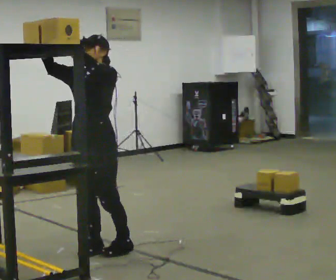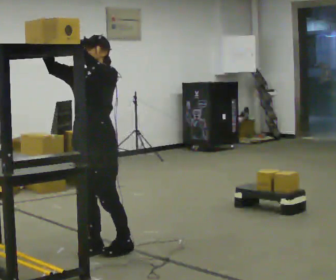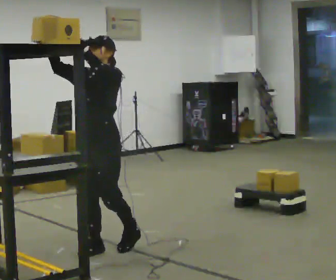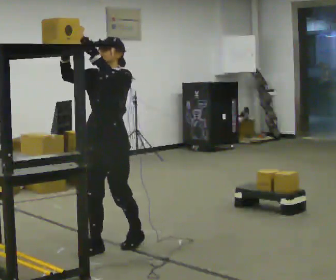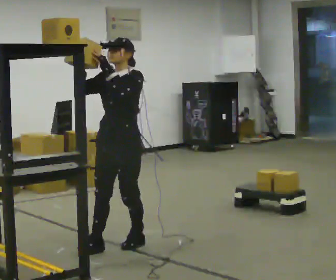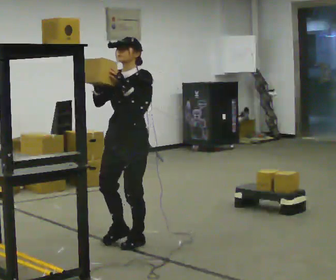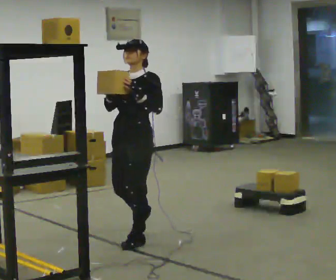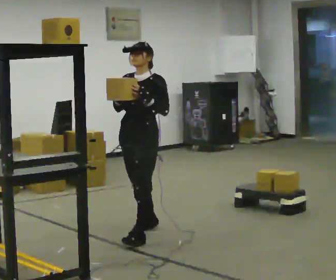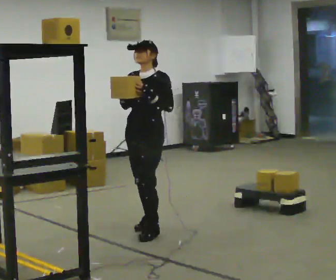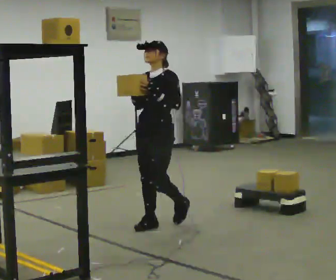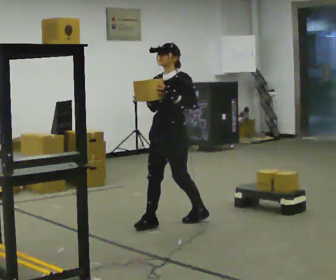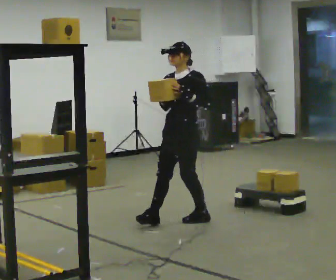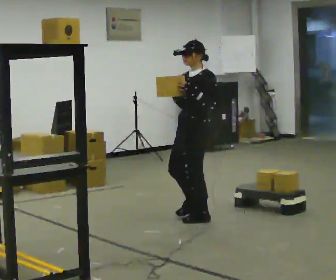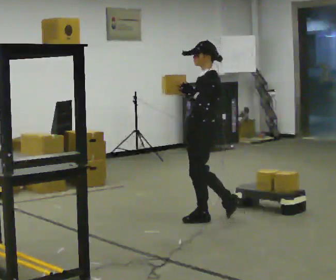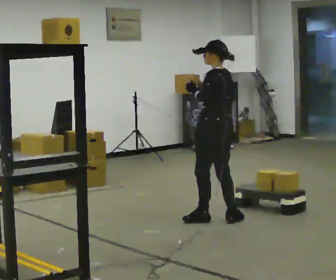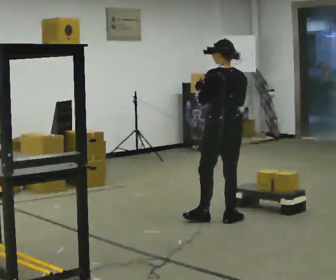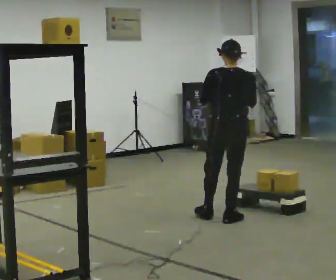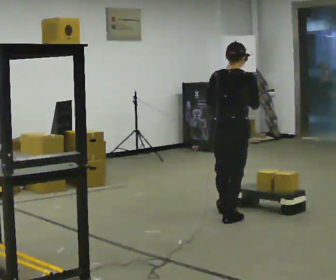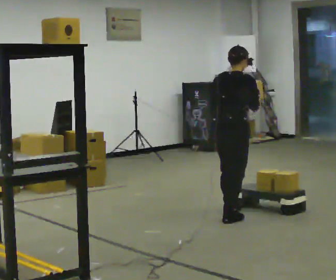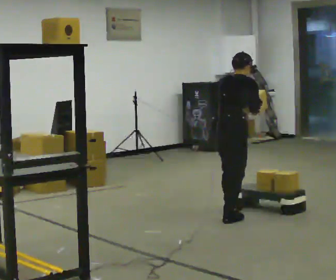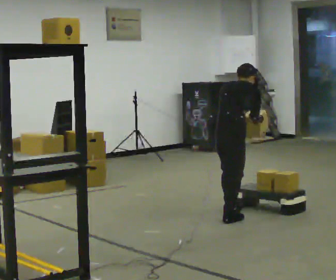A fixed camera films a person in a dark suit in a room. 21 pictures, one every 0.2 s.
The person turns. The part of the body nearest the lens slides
to the left.
Their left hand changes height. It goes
downward.
0.0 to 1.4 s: In the picture they go away from the camera and to the right, about 0.5 m in 3 steps, which for them is backward. In the picture their right hand goes downward.
1.4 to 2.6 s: The person turns about 60 degrees to their right, clockwise seen from above, so the part of the body nearest the lens slides to the left. In the picture they go to the right and away from the camera, about 0.75 m in 1 step.
2.6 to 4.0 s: The part of the body nearest the lens slides to the left as the person turns to their right by about 120 degrees. In the picture they go to the right, about 0.25 m in 1 step. The upper body tips away from the camera, its near side rolling upward, as they bend forward. In the picture their right hand goes to the right.
The film runs backward here.
